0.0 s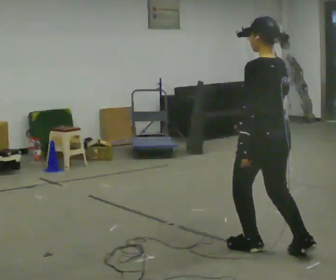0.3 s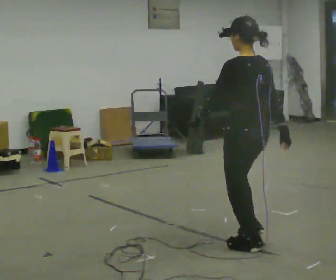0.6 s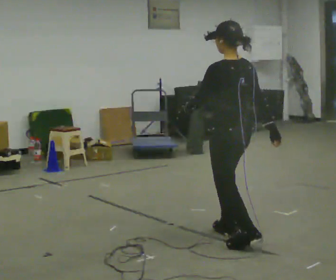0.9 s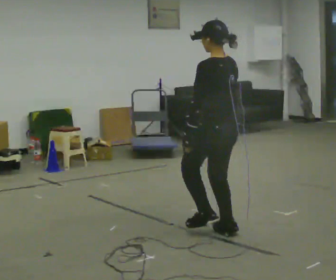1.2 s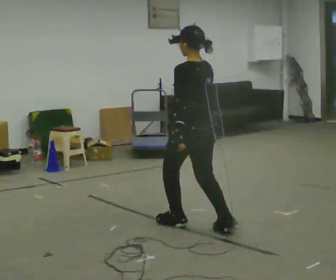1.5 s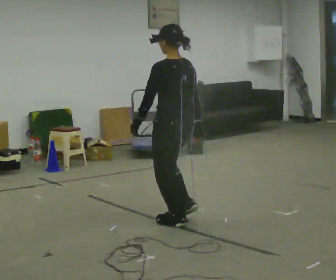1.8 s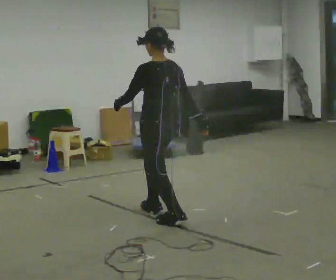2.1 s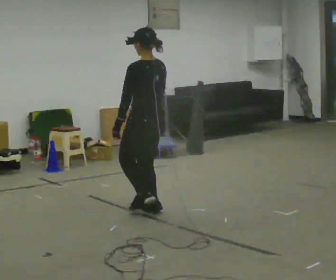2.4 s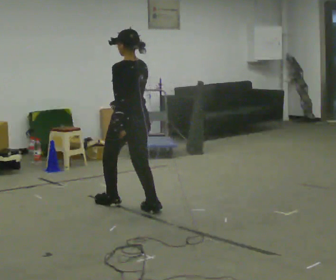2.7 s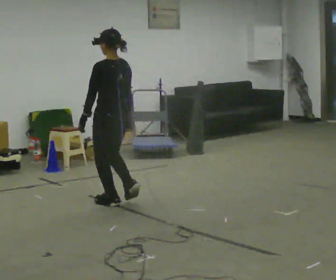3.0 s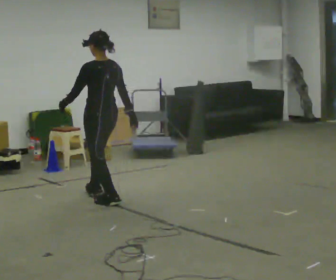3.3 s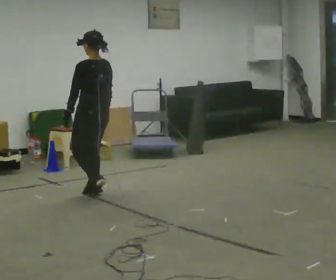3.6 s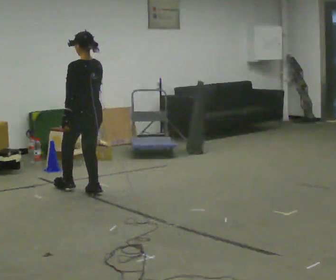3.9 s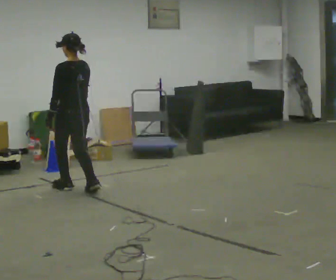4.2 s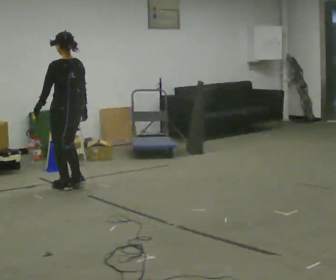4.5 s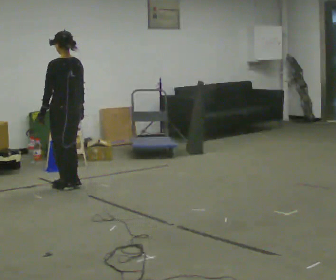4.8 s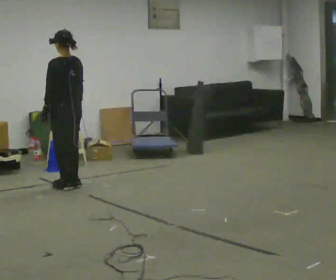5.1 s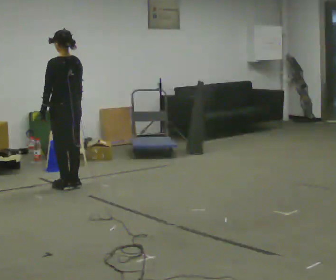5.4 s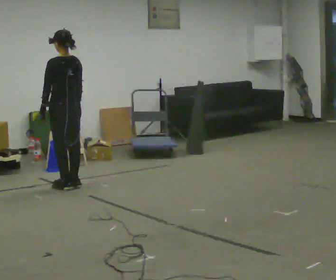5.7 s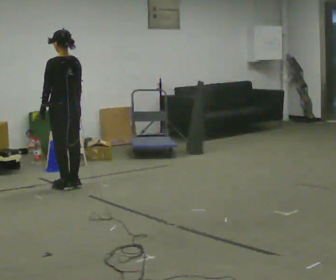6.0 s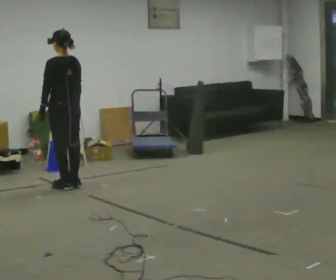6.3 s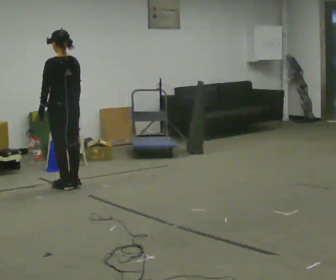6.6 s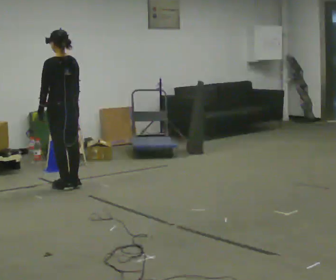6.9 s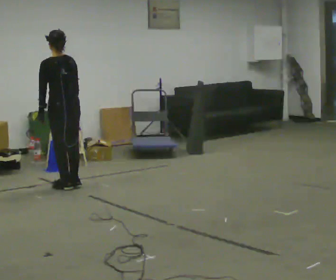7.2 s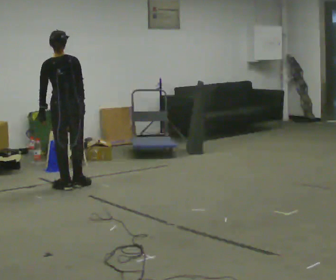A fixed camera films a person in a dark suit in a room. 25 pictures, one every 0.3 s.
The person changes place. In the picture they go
away from the camera.
0.0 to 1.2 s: In the picture they go away from the camera and to the left, about 0.5 m in 2 steps, which for them is forward.
1.2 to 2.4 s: In the picture they go away from the camera and to the left, about 1 m in 2 steps, which for them is forward.
2.4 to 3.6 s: In the picture they go away from the camera and to the left, about 0.5 m in 1 step, which for them is forward.
3.6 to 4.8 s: In the picture they go away from the camera and to the left, about 0.25 m in 2 steps, which for them is forward.
4.8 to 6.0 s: The person moves a little, or ends about where they began.
6.0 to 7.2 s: Seen from above the body turns clockwise, about 30 degrees: to their right, with its near side sliding to the left.
The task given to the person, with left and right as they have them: Walk forward in a lowered crouched posture at a comfortable speed; do not go lower than is comfortable; stop.
The film runs forward here.
